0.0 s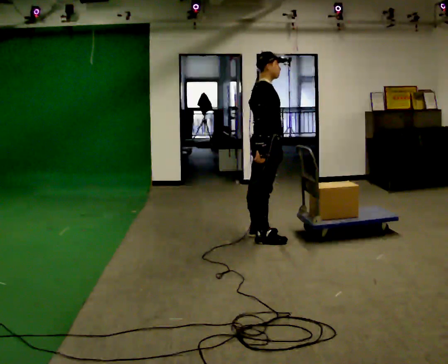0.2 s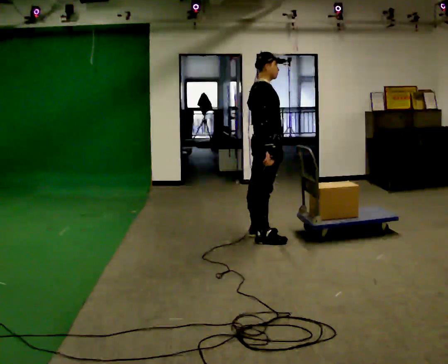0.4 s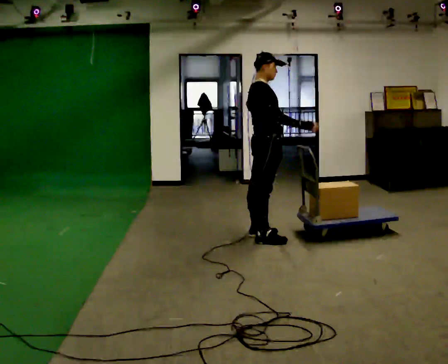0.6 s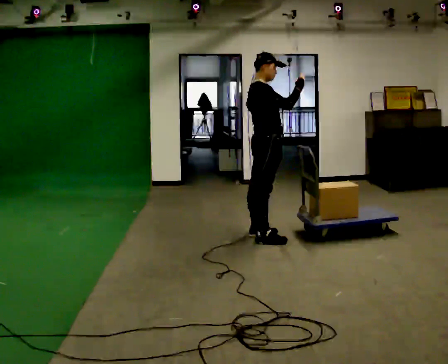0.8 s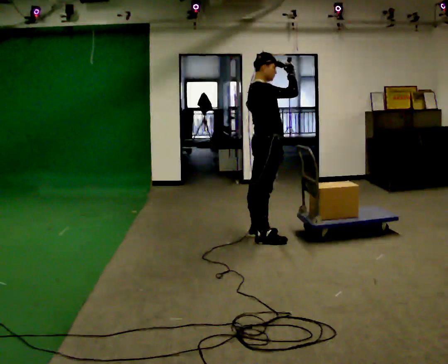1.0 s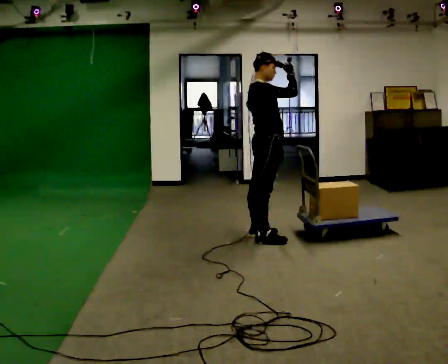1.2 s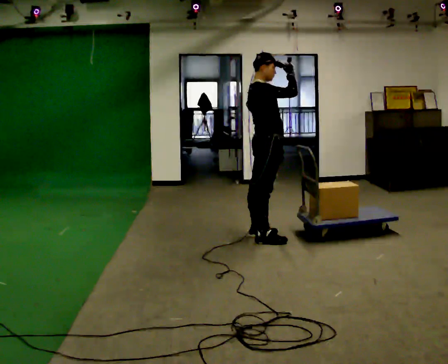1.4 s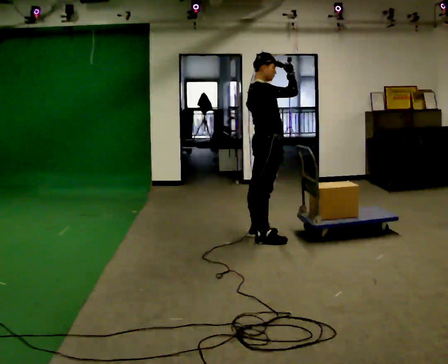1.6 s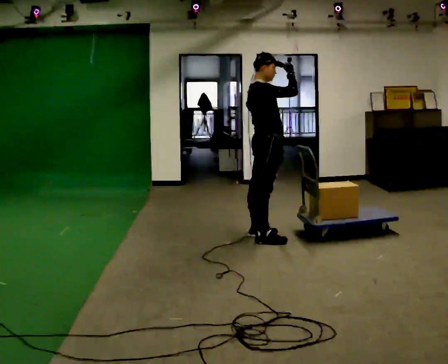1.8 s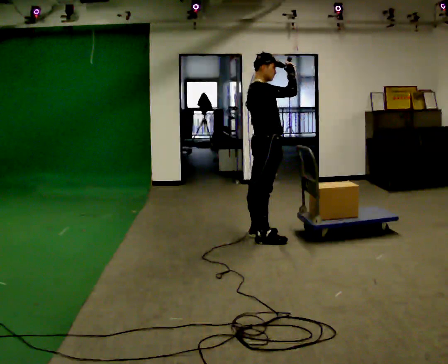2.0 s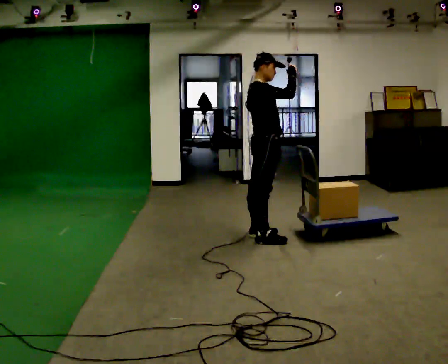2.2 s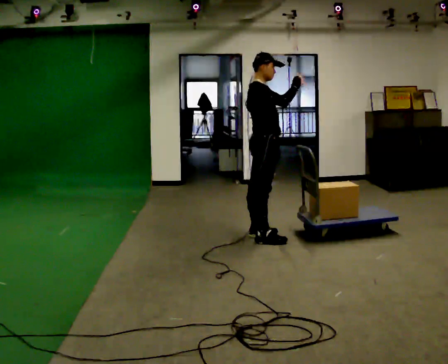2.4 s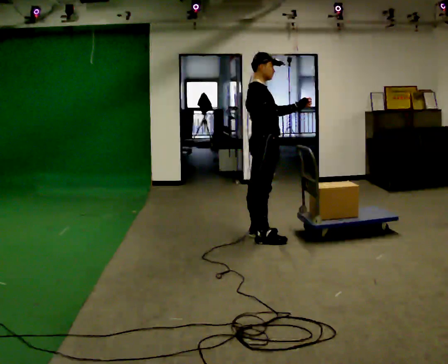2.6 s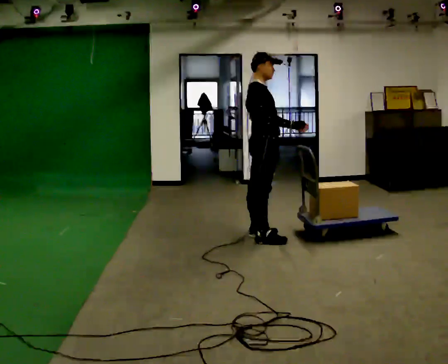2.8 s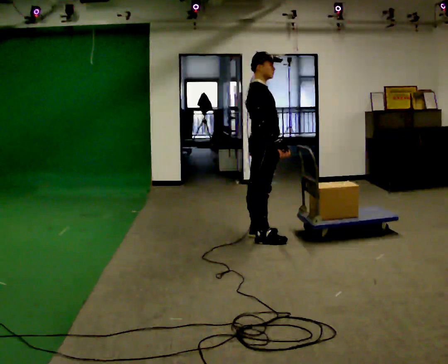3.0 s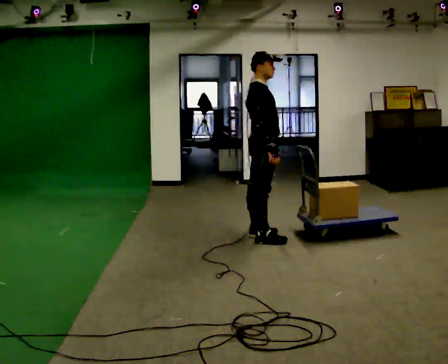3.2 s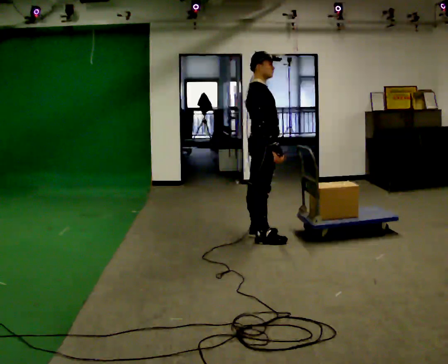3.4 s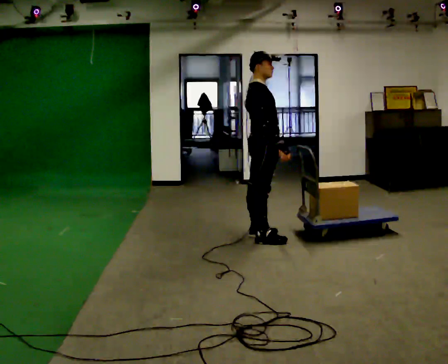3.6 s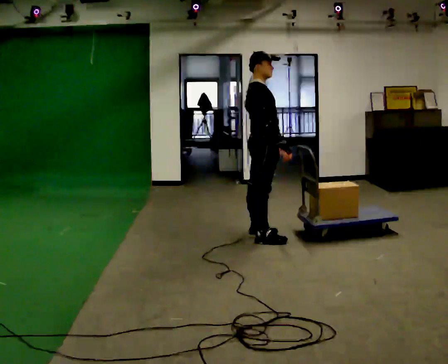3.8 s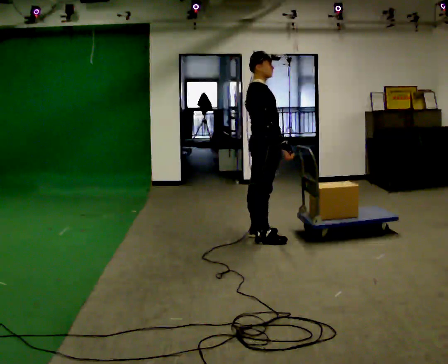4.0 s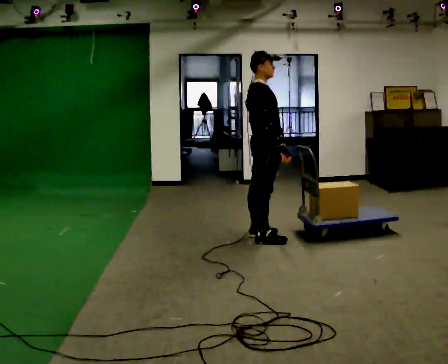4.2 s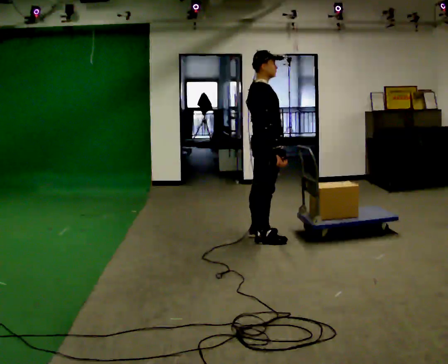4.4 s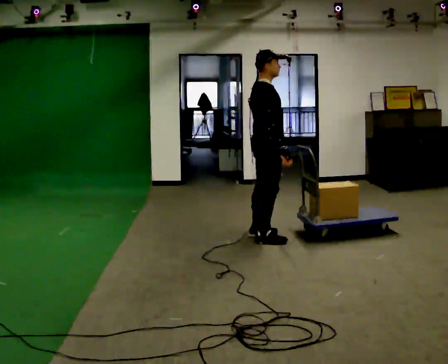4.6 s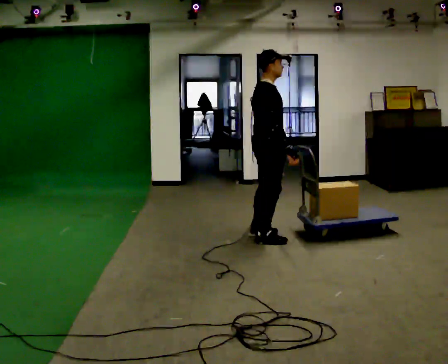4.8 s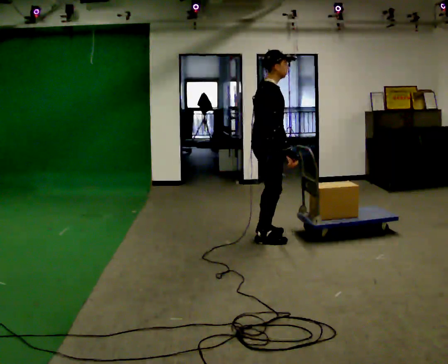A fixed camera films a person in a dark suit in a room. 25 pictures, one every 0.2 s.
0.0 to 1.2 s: In the picture their right hand goes upward, the arm swinging counterclockwise.
1.2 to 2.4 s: The person moves a little, or ends about where they began.
2.4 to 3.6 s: In the picture their right hand goes downward, the arm swinging clockwise.
3.6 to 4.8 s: The person moves a little, or ends about where they began.
The film runs backward here.
